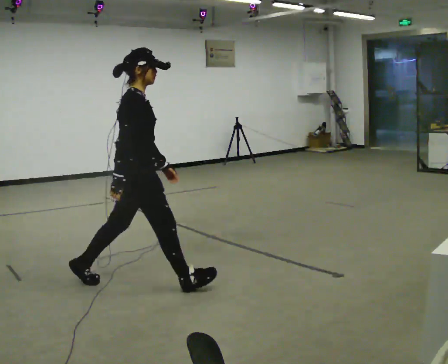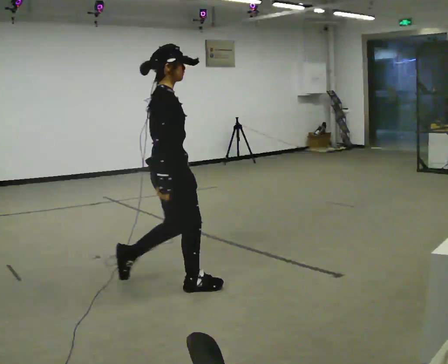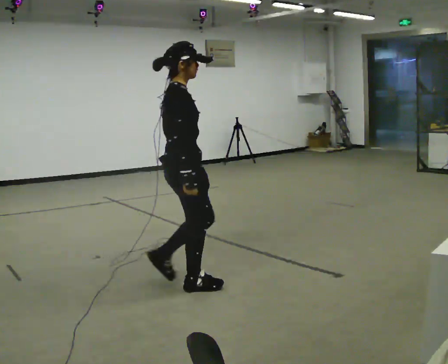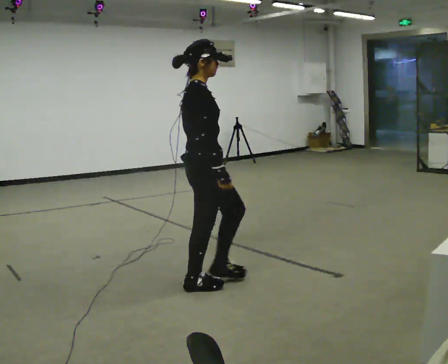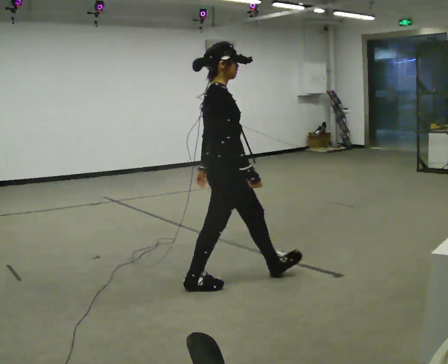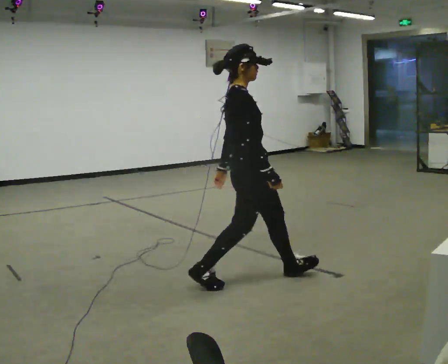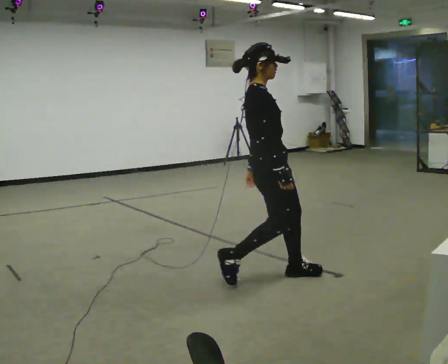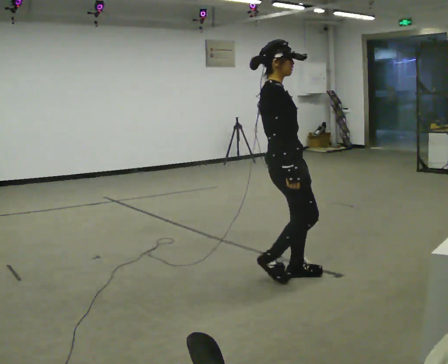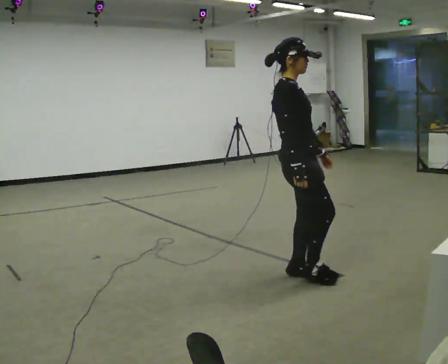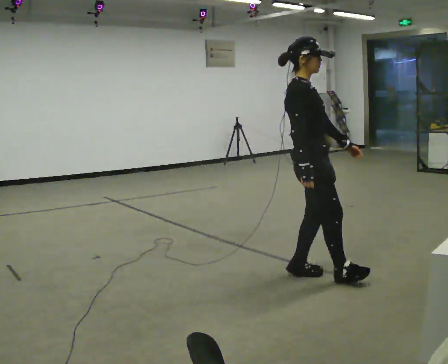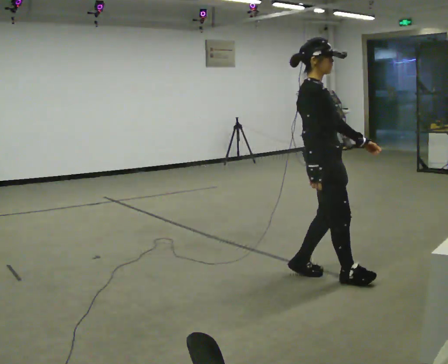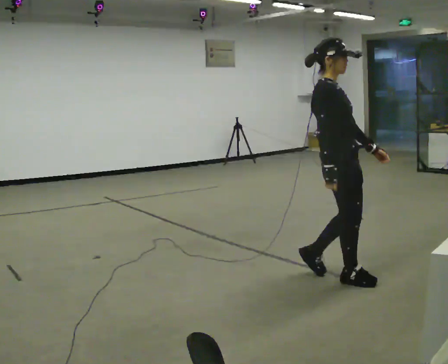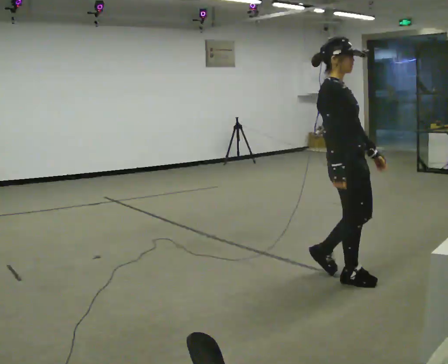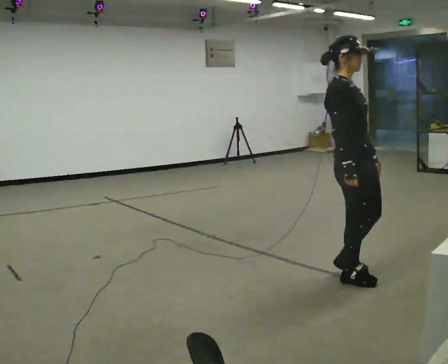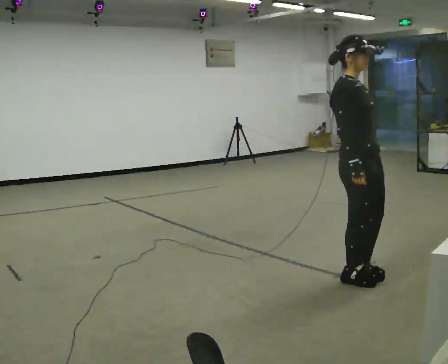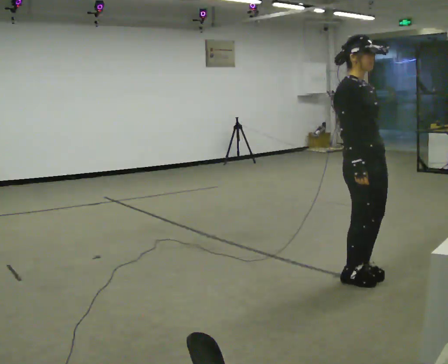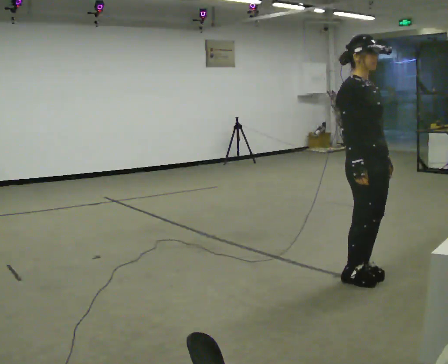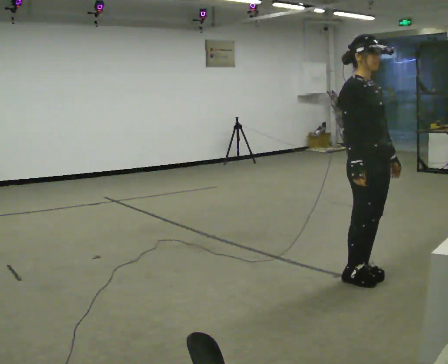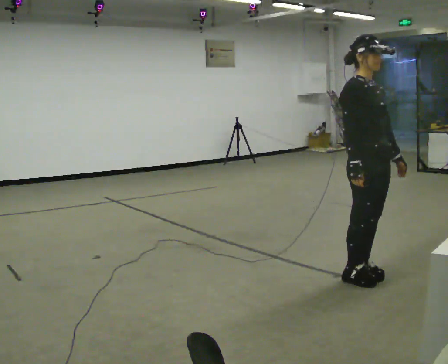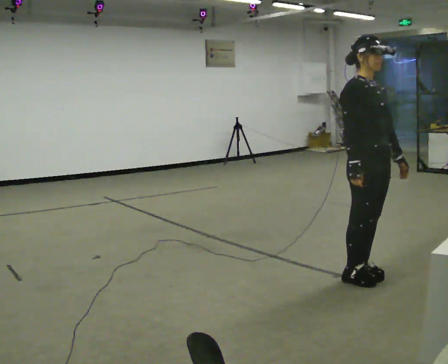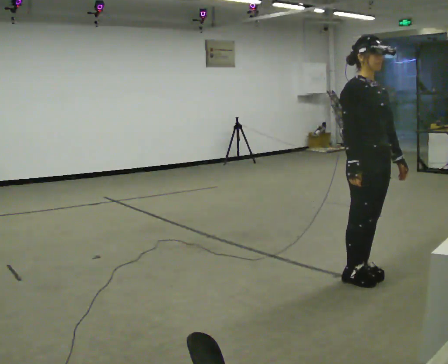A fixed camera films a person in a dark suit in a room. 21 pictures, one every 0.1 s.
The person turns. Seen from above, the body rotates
clockwise.
The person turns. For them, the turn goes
to their right.
0.0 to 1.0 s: Seen from above the body turns clockwise, about 30 degrees: to their right, with its near side sliding to the left. In the picture they go to the right, about 1 m in 3 steps, which for them is forward.
1.0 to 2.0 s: The part of the body nearest the lens slides to the left as the person turns to their right by about 30 degrees. In the picture they go to the right, about 0.25 m in 1 step, which for them is forward and to their left.
The film runs forward here.
